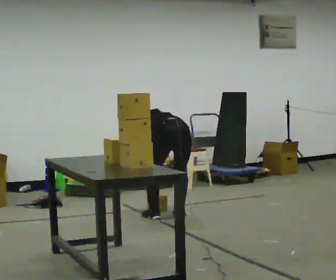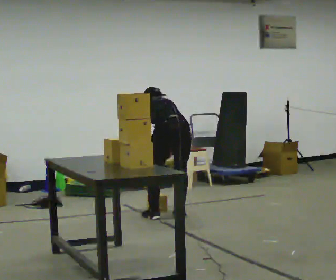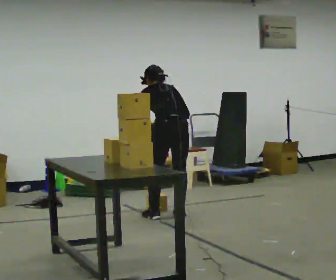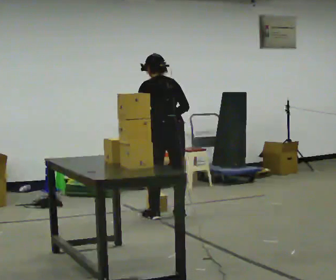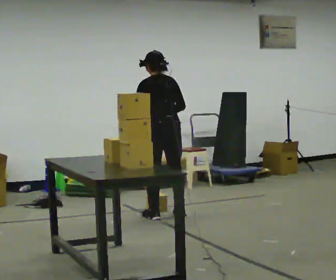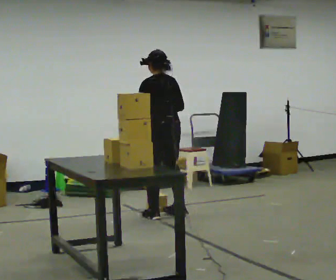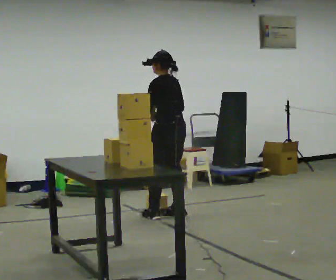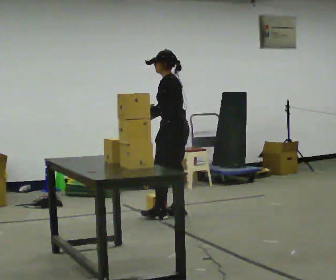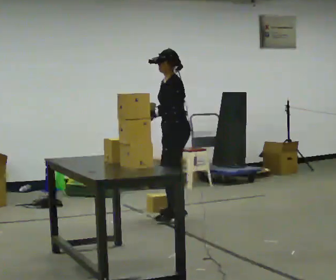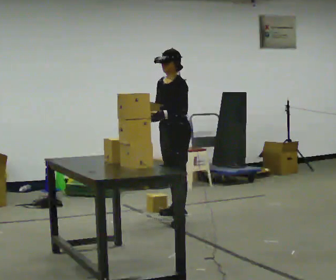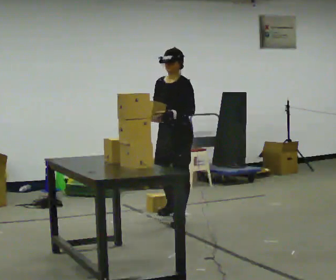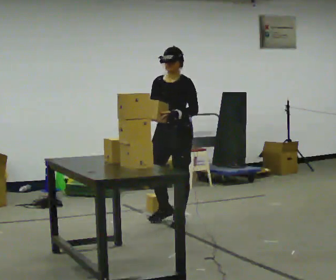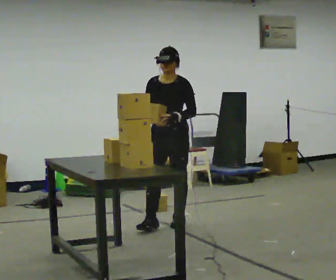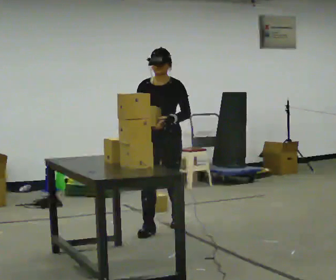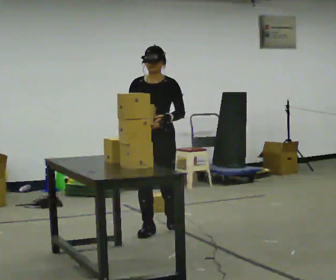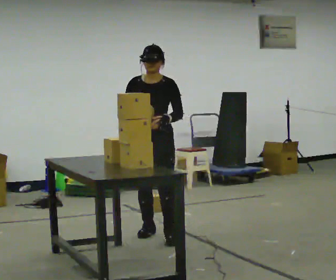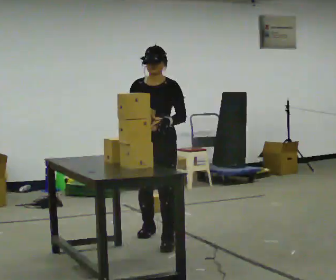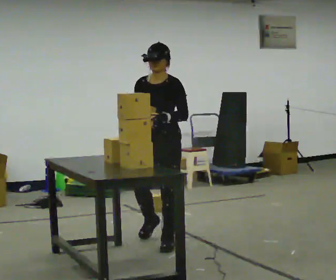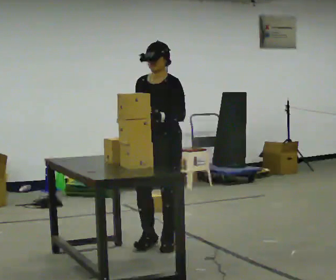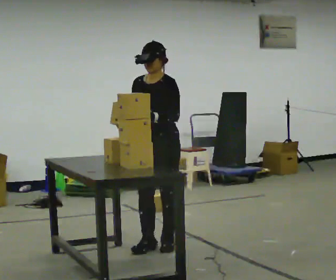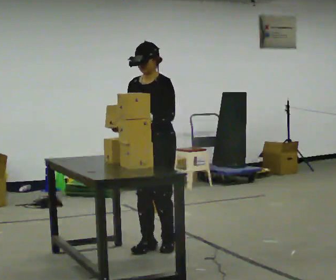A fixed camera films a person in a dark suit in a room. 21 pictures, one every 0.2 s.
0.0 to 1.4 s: Seen from above the body turns counterclockwise, about 60 degrees: to their left, with its near side sliding to the right. The upper body goes upward. The upper body tips toward the camera, its near side rolling downward, as they lean back or straighten. In the picture their right hand goes upward.
1.4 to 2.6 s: The part of the body nearest the lens slides to the right as the person turns to their left by about 90 degrees. In the picture they go toward the camera, about 0.5 m in 2 steps.
2.6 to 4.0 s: In the picture they go toward the camera, about 0.75 m in 2 steps, which for them is forward and to their left.
The film runs forward here.
